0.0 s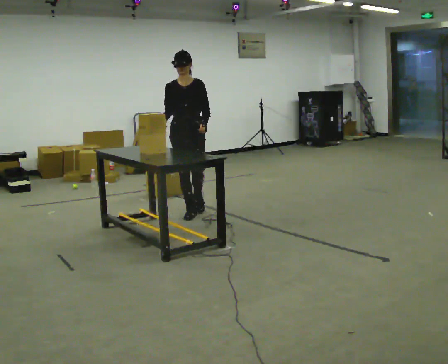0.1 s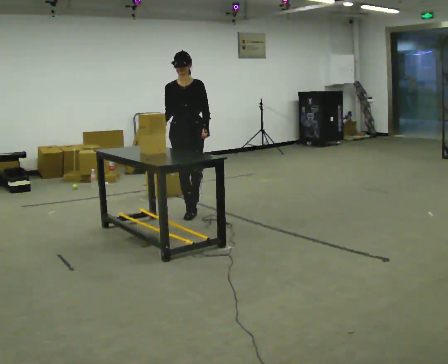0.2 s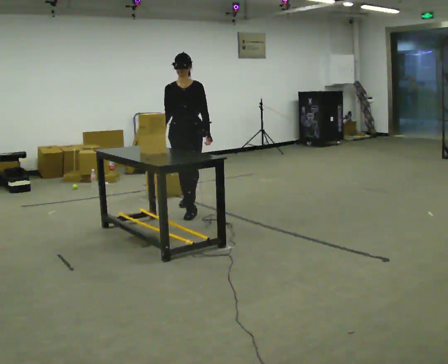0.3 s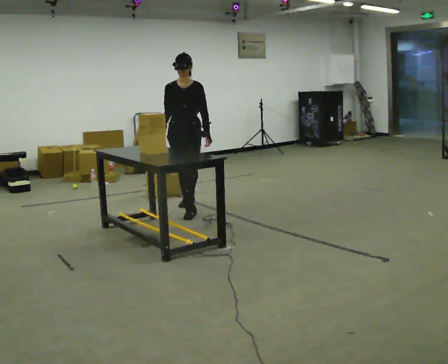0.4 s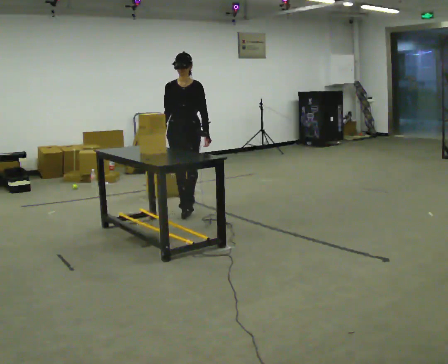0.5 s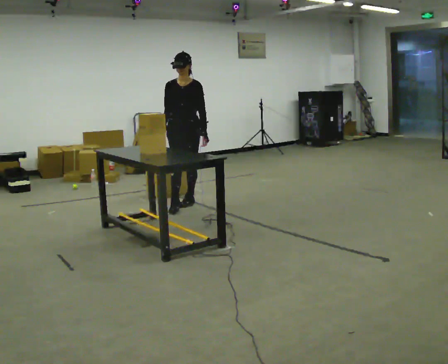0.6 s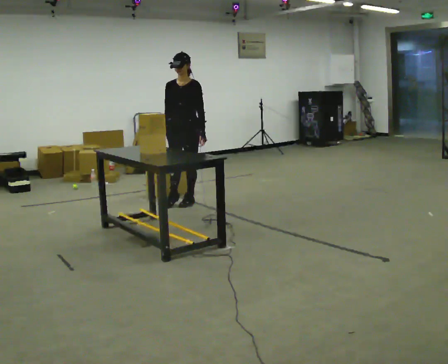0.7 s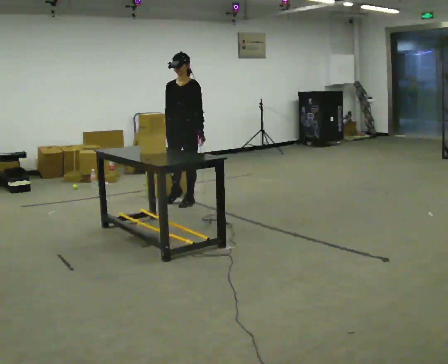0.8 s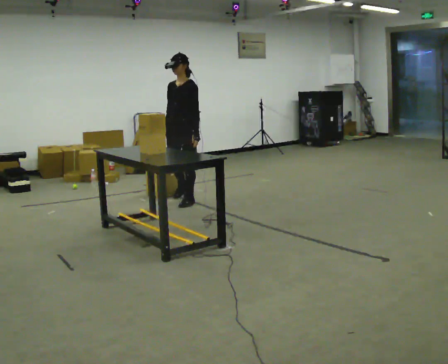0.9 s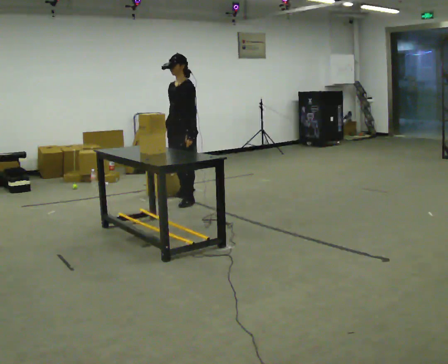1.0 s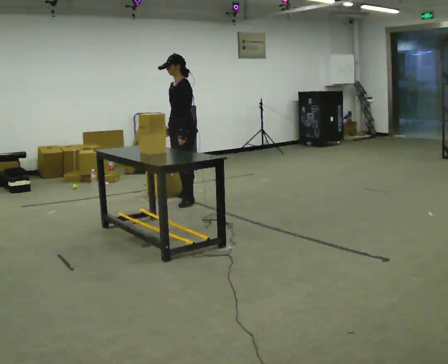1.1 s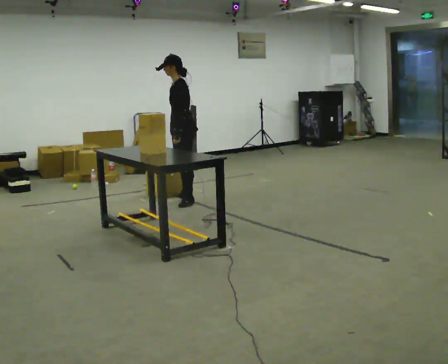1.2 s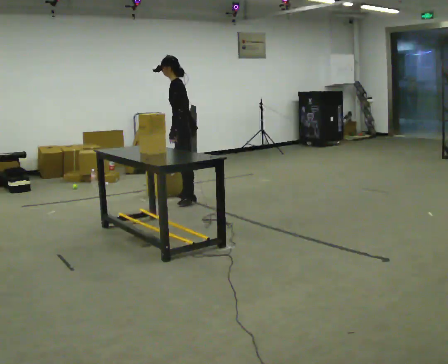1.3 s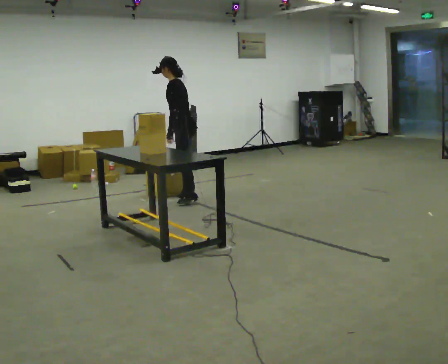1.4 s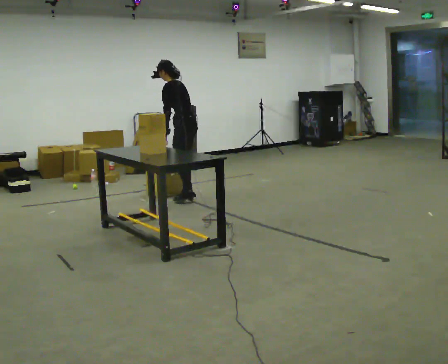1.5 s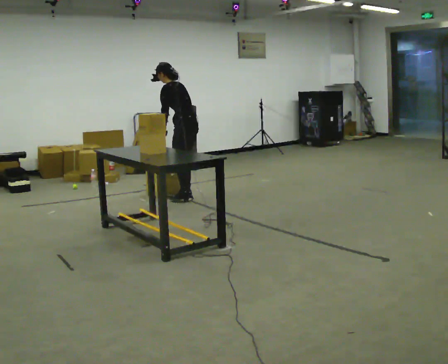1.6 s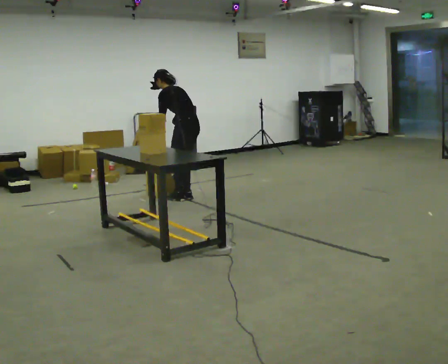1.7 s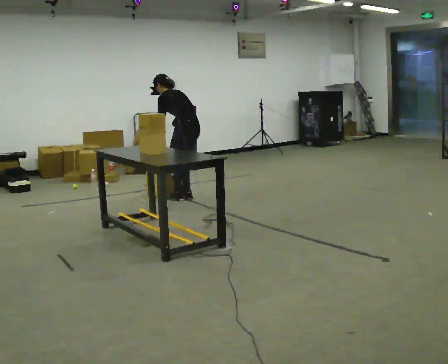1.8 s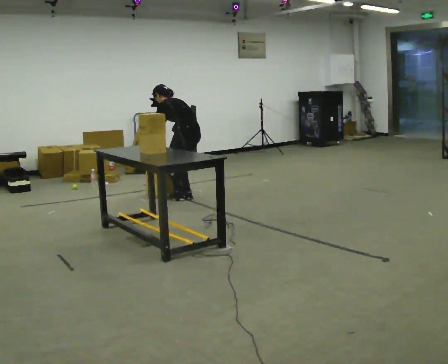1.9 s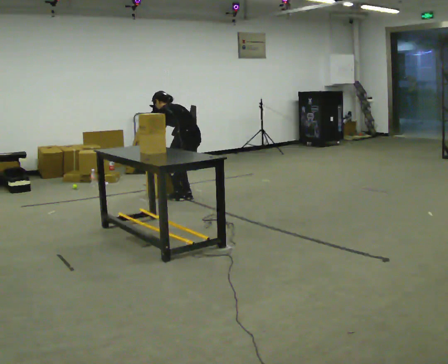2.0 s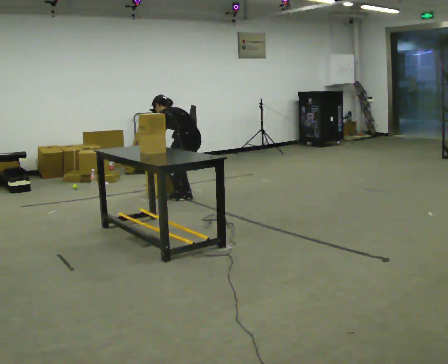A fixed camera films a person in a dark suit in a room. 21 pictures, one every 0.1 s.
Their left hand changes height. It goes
downward.
The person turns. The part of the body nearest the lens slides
to the left.
0.0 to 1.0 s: The part of the body nearest the lens slides to the left as the person turns to their right by about 60 degrees. In the picture they go away from the camera, about 0.5 m in 1 step.
1.0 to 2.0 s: The person turns about 75 degrees to their right, clockwise seen from above, so the part of the body nearest the lens slides to the left. The shoulders move downward. The upper body tips away from the camera, its near side rolling upward, as they bend forward. In the picture their left hand goes downward and to the left.
The film runs backward here.
